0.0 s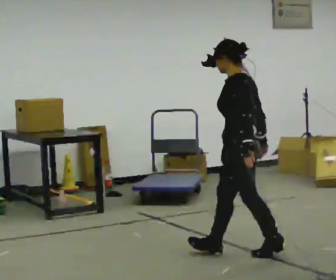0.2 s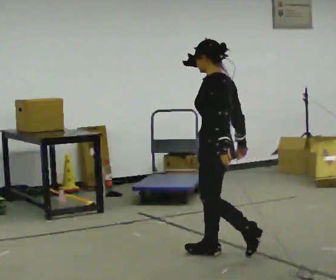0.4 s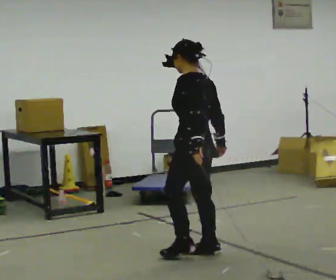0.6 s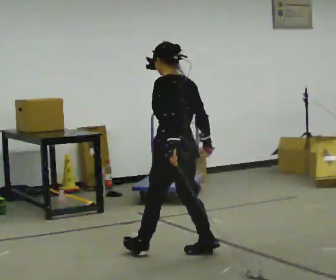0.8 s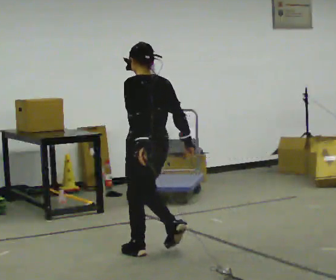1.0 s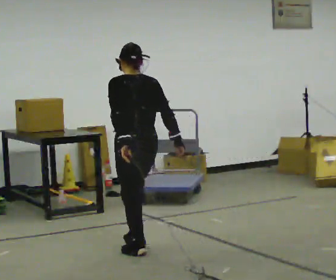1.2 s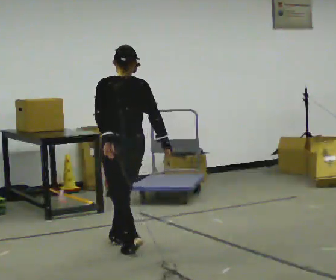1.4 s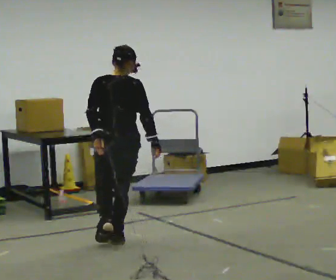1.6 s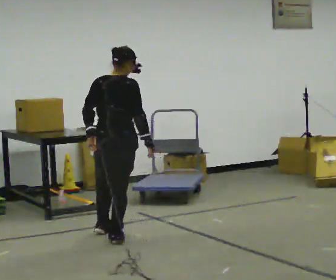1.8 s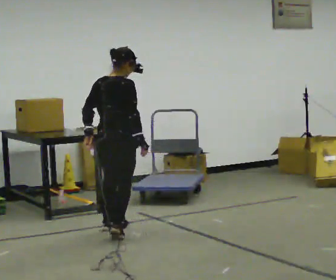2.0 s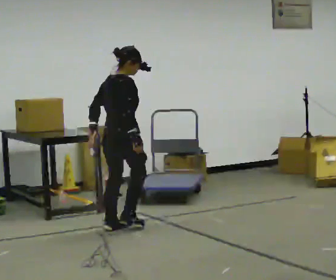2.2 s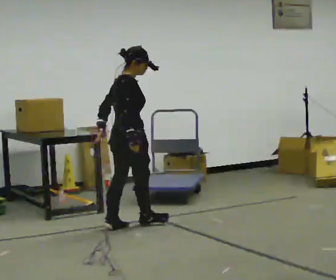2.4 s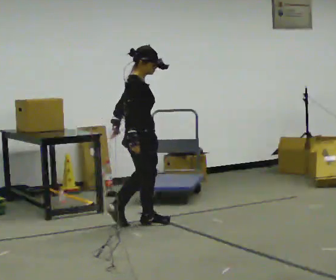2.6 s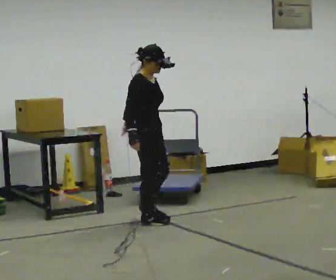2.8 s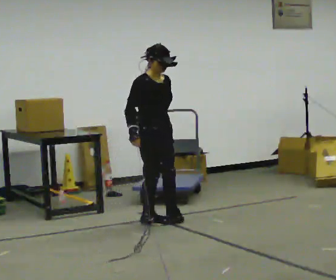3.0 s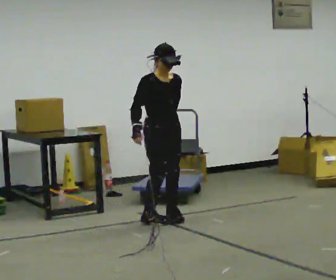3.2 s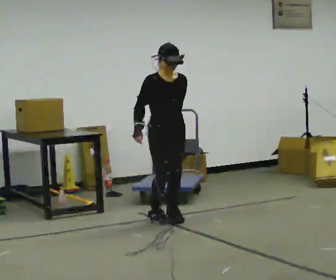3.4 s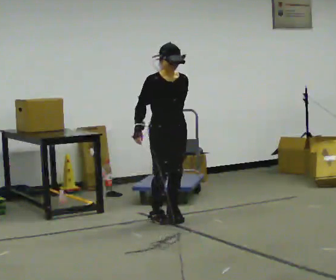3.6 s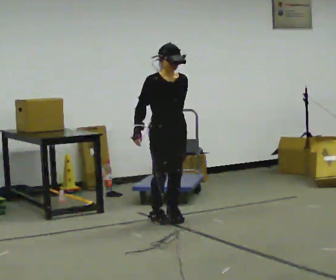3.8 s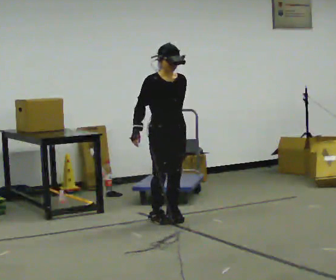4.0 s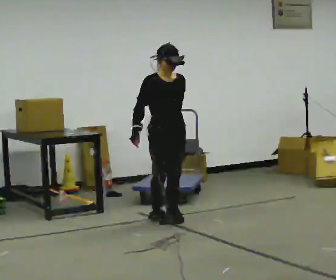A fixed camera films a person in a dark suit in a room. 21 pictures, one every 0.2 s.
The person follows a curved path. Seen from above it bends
clockwise.
The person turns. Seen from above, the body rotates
clockwise.
0.0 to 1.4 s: The person turns about 75 degrees to their right, clockwise seen from above, so the part of the body nearest the lens slides to the left. In the picture they go to the left and away from the camera, about 1 m in 3 steps.
1.4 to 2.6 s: The person turns about 105 degrees to their right, clockwise seen from above, so the part of the body nearest the lens slides to the left. In the picture they go away from the camera, about 0.5 m in 2 steps.
2.6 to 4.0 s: The part of the body nearest the lens slides to the left as the person turns to their right by about 45 degrees. In the picture they go to the right, about 0.25 m in 1 step, which for them is to their left.
The film runs forward here.
